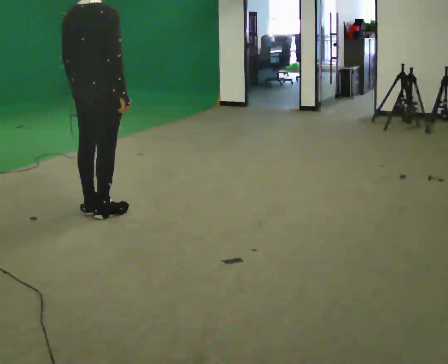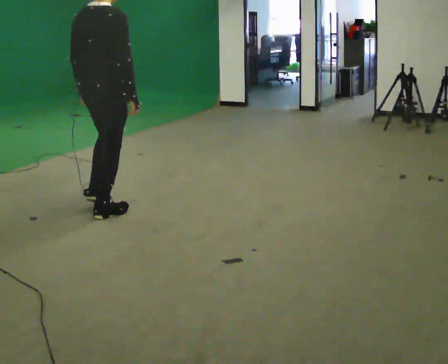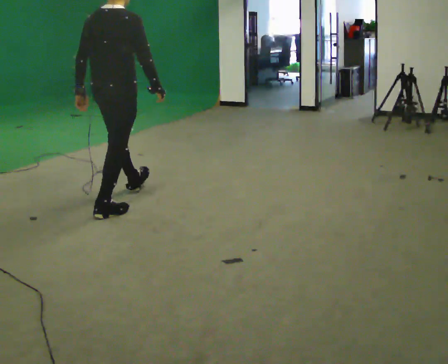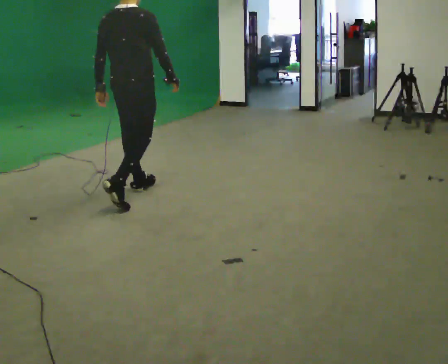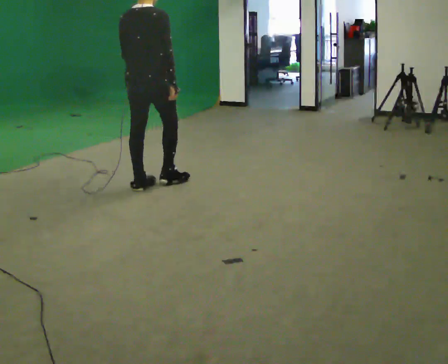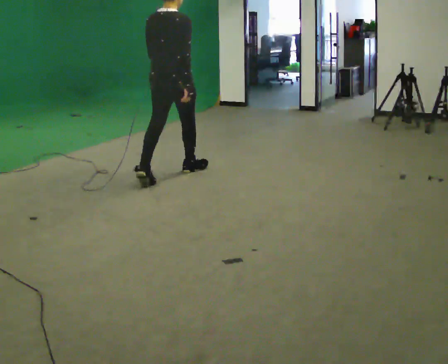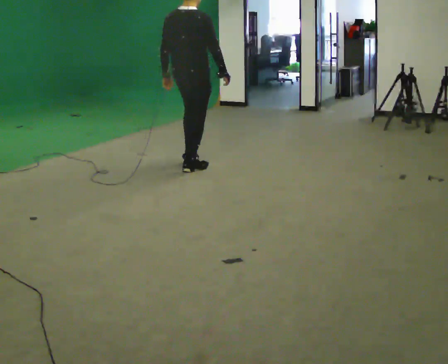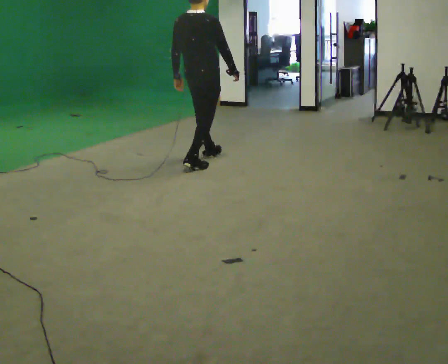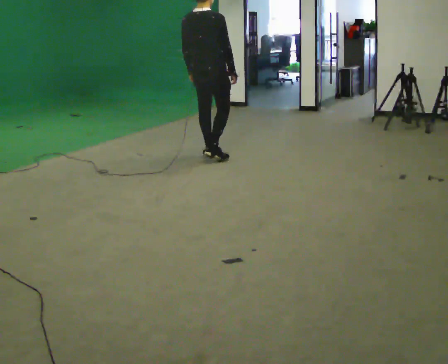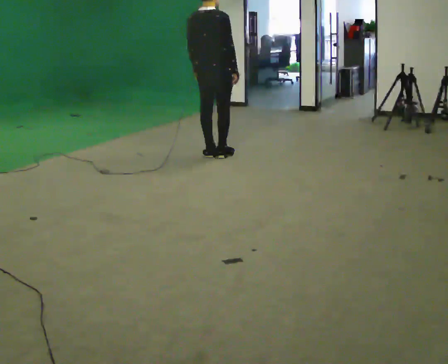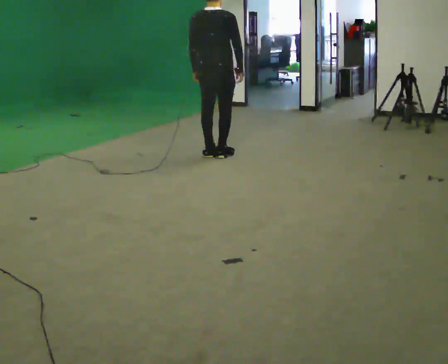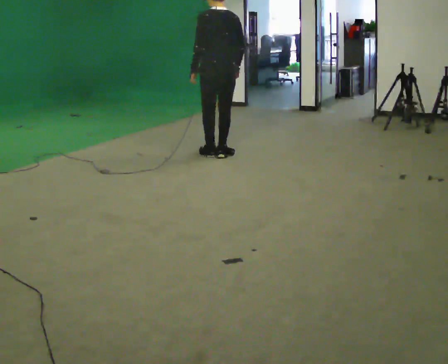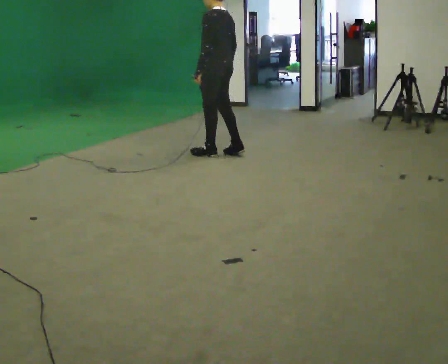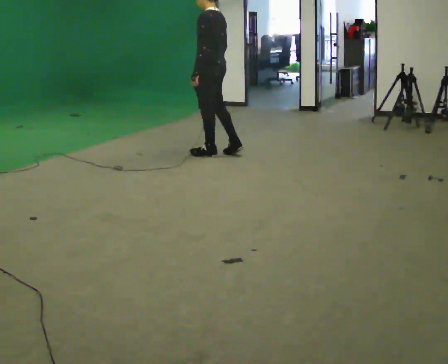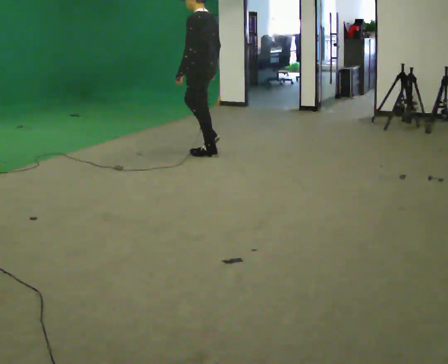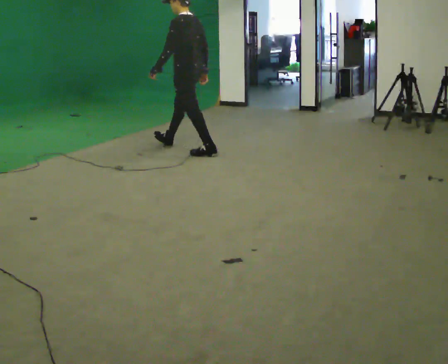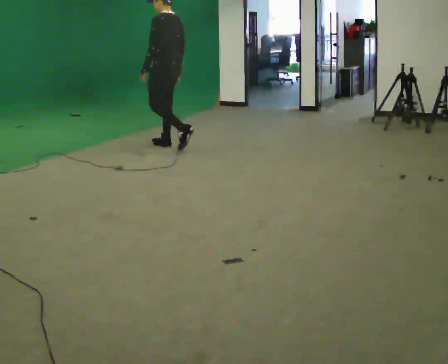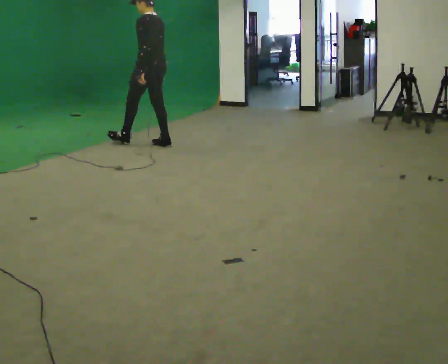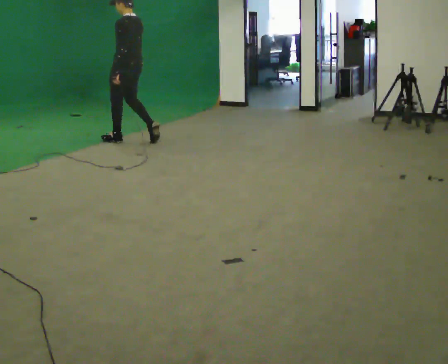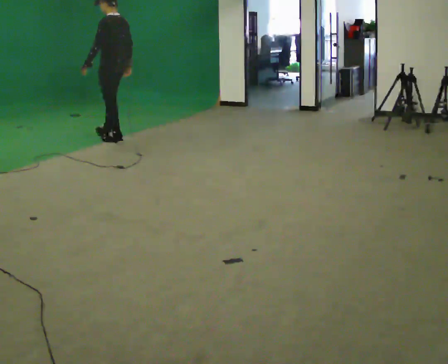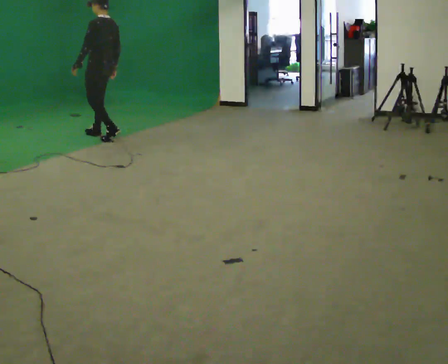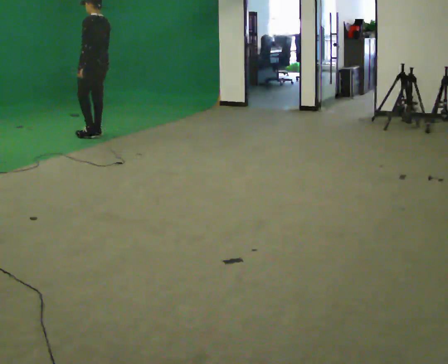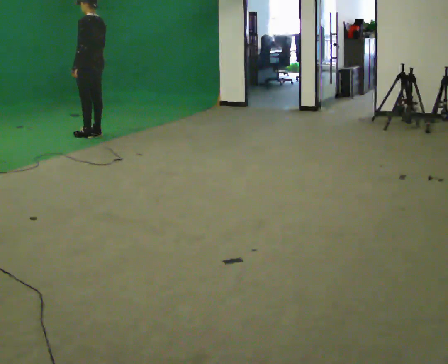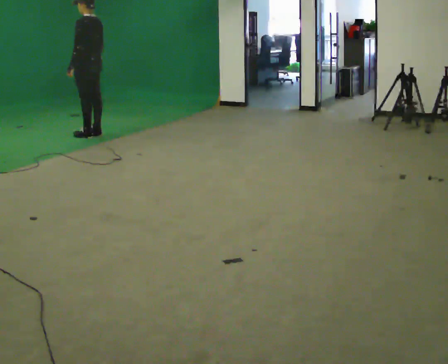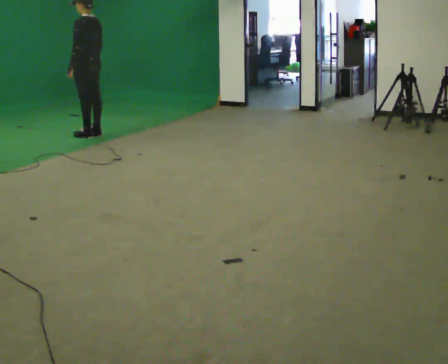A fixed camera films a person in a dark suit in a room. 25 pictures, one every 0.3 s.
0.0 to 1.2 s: In the picture they go away from the camera and to the right, about 0.75 m in 1 step, which for them is forward.
1.2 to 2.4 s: In the picture they go away from the camera and to the right, about 1 m in 2 steps, which for them is forward.
2.4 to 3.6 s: The person turns about 90 degrees to their left, counterclockwise seen from above, so the part of the body nearest the lens slides to the right. In the picture they go away from the camera, about 0.25 m in 2 steps.
3.6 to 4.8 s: In the picture they go to the left and away from the camera, about 0.75 m in 1 step, which for them is forward.
4.8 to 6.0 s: In the picture they go to the left and away from the camera, about 1 m in 2 steps, which for them is forward.
6.0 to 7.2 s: In the picture they go to the left, about 0.25 m in 1 step, which for them is forward.
The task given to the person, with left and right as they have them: Walk; stop fully; turn 90° left/right while standing; walk new direction.
The film runs forward here.
